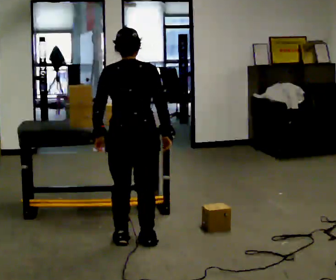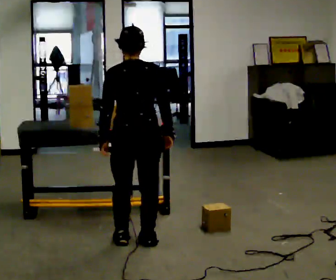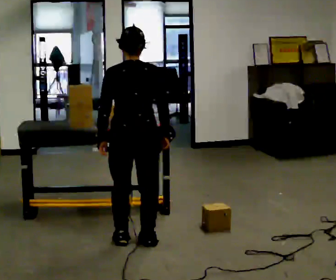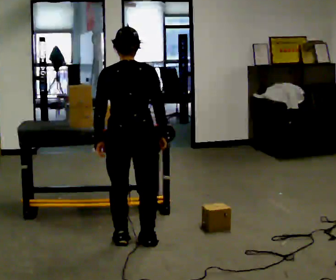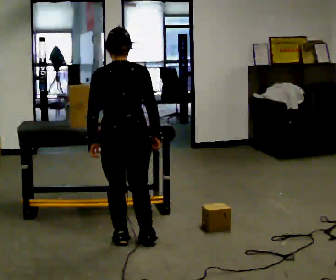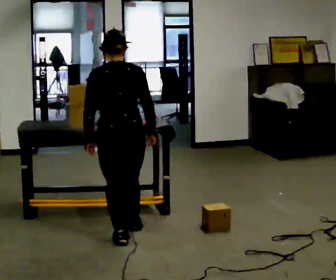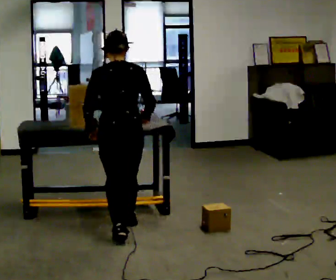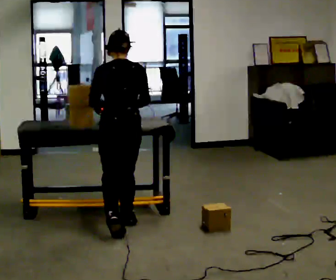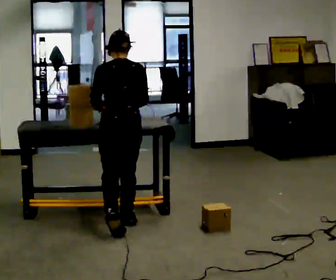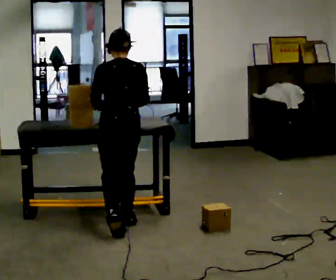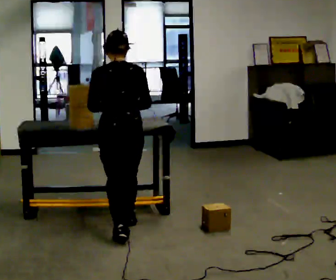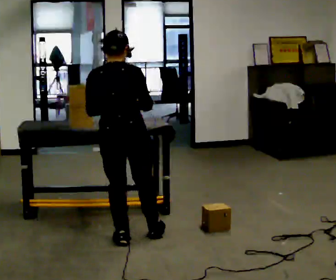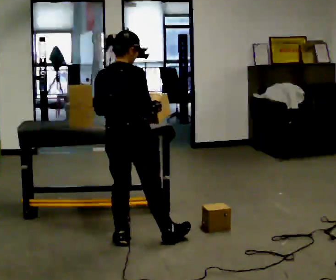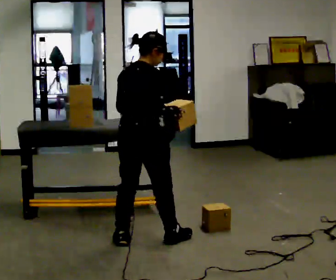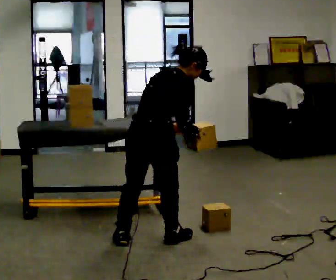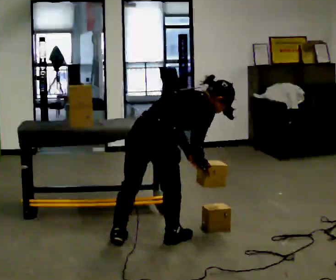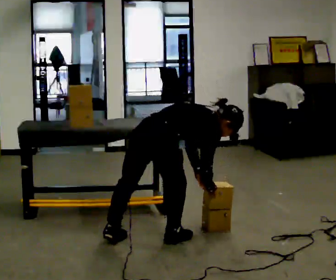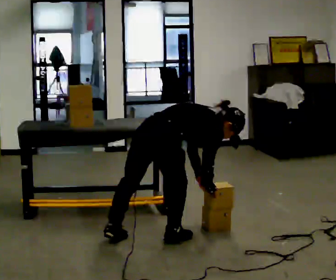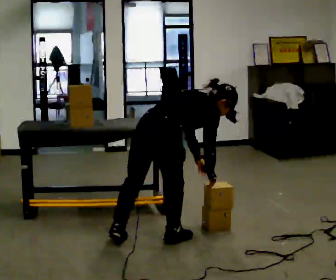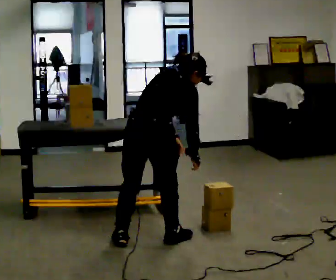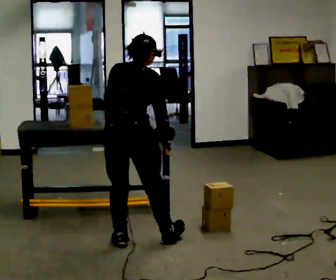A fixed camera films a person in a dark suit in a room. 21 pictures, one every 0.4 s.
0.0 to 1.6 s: The person moves a little, or ends about where they began.
1.6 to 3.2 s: In the picture they go away from the camera, about 0.5 m in 1 step, which for them is forward.
3.2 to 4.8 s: The part of the body nearest the lens slides to the left as the person turns to their right by about 60 degrees. In the picture they go toward the camera, about 0.5 m in 1 step, which for them is backward.
4.8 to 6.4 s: The part of the body nearest the lens slides to the left as the person turns to their right by about 30 degrees. In the picture they go to the right, about 0.25 m, which for them is to their right and forward. The shoulders move downward. In the picture the upper body tilts clockwise, shoulders to the right, as they bend forward. In the picture their right hand goes downward and to the right.
6.4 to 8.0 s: The part of the body nearest the lens slides to the right as the person turns to their left by about 45 degrees. In the picture they go to the left, about 0.25 m, which for them is backward and to their left. The upper body goes upward. In the picture the upper body tilts counterclockwise, shoulders to the left, as they lean back or straighten. In the picture their left hand goes to the left and upward.
The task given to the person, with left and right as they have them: Carry the object over and line it up with the mark on the surface as accurately as you can. Keep going until the operator says stop; one object at a time, and do not rush between trips.
The film runs forward here.
